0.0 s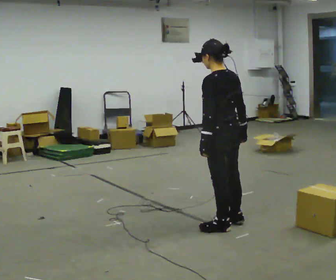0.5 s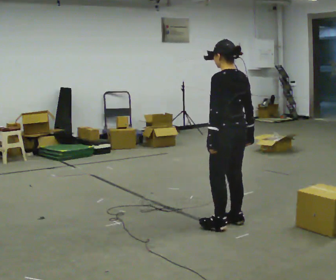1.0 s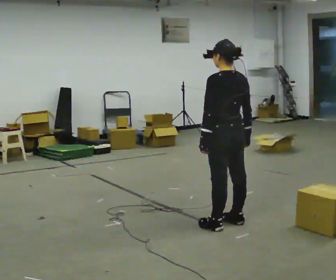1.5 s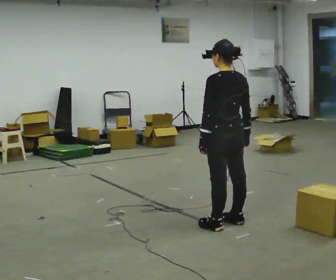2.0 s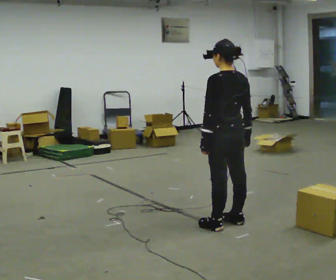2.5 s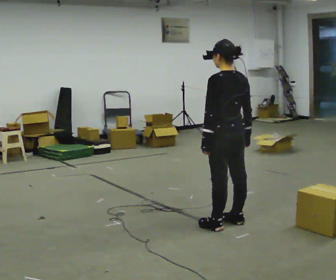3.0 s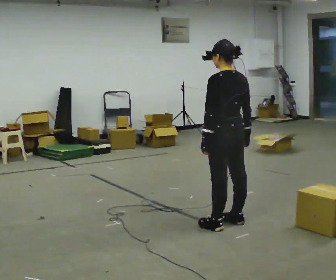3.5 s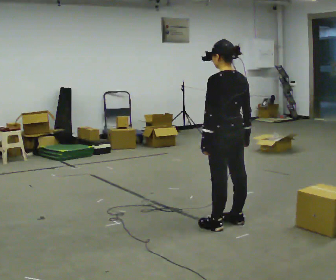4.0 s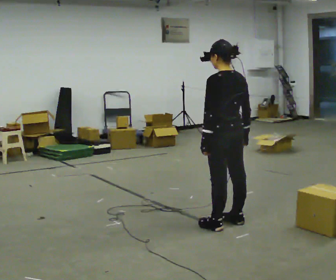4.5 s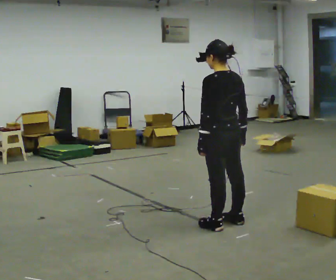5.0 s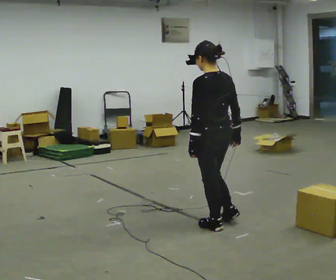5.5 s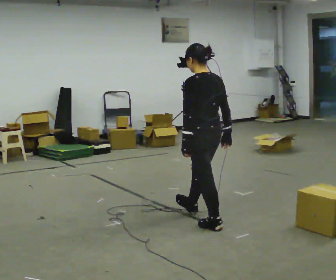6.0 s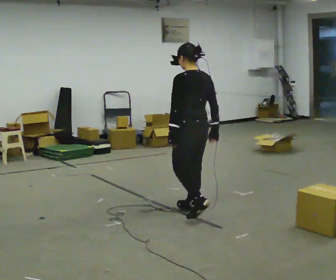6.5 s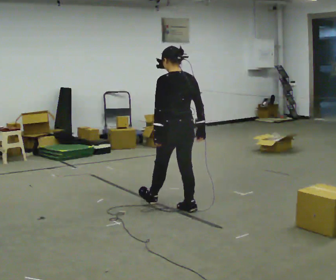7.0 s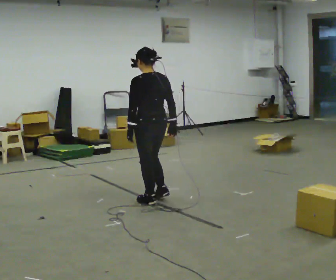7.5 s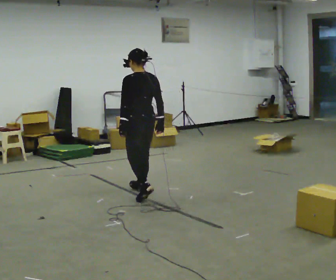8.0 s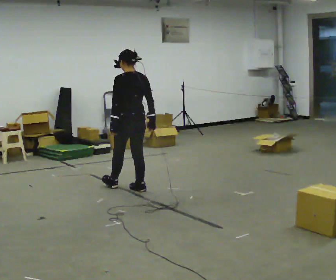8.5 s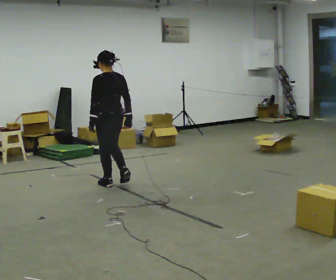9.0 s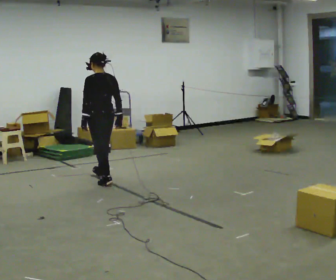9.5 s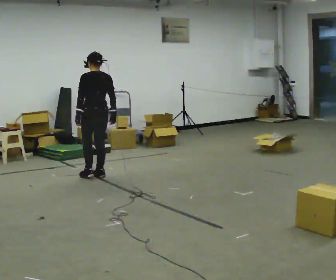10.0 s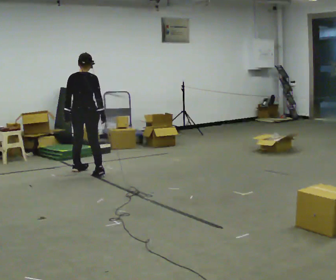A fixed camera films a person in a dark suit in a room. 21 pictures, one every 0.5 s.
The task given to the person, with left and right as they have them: Walk forward with your feet closer together than normal, or further apart than normal, as the operator states; stop.
0.0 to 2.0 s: The person moves a little, or ends about where they began.
2.0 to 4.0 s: The person keeps their place and pose.
4.0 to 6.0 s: In the picture they go away from the camera and to the left, about 0.5 m in 1 step, which for them is forward.
6.0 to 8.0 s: In the picture they go away from the camera and to the left, about 1 m in 2 steps, which for them is forward.
8.0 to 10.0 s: The part of the body nearest the lens slides to the left as the person turns to their right by about 45 degrees. In the picture they go to the left and away from the camera, about 1 m in 3 steps, which for them is forward.
The film runs forward here.
